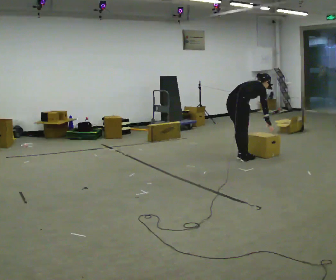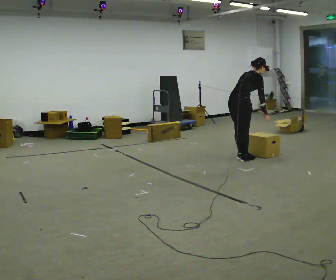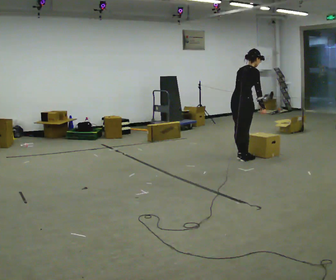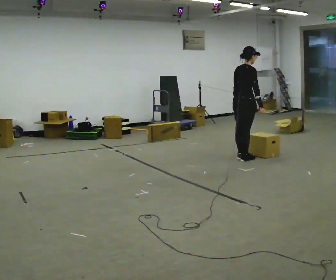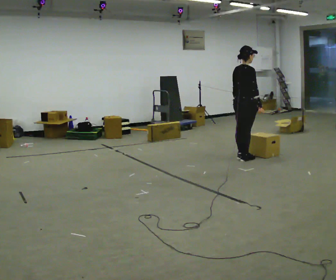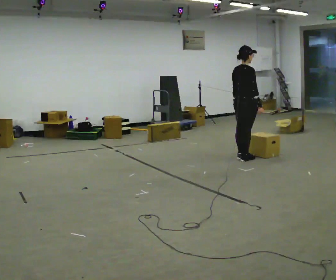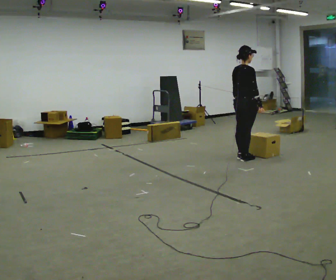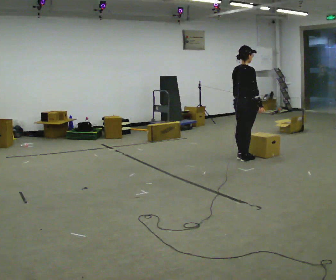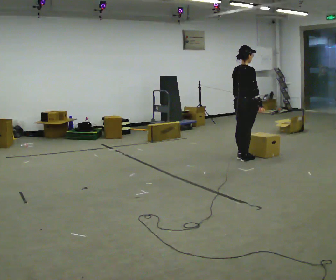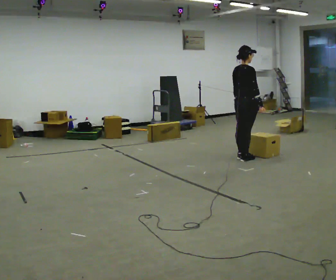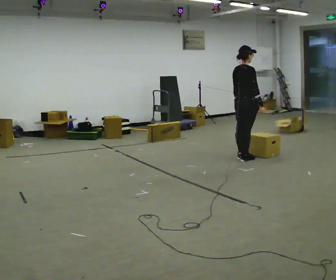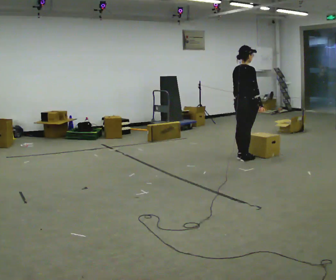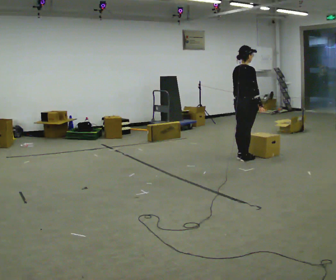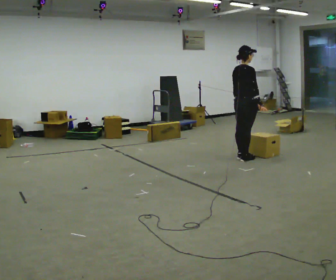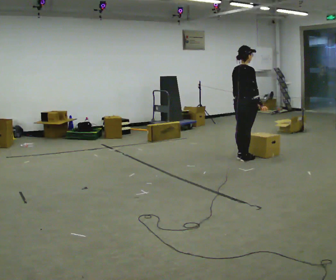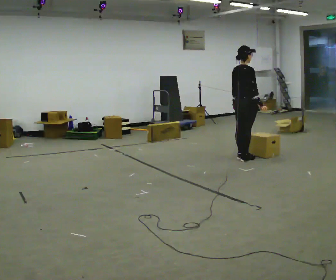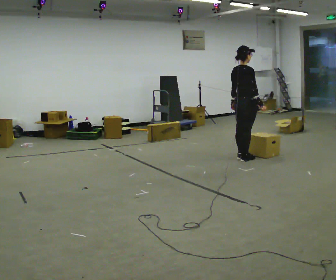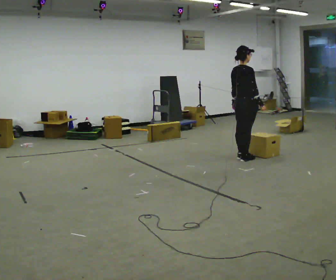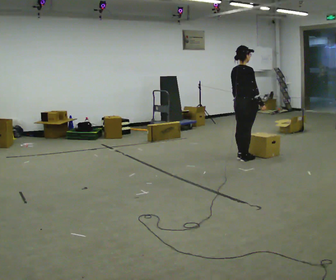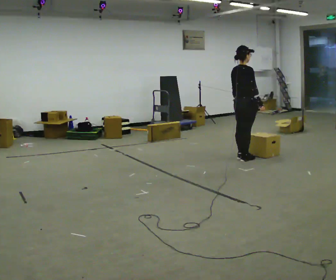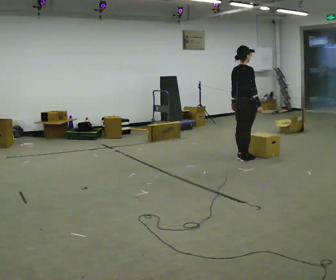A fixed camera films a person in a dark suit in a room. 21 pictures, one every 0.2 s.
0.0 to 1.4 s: The shoulders move upward. In the picture the upper body tilts counterclockwise, shoulders to the left, as they lean back or straighten.
1.4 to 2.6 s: The person keeps their place and pose.
2.6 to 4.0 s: The person moves a little, or ends about where they began.
The film runs backward here.
